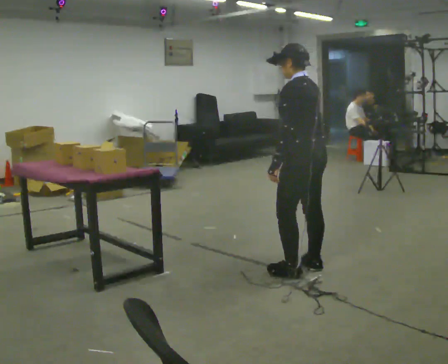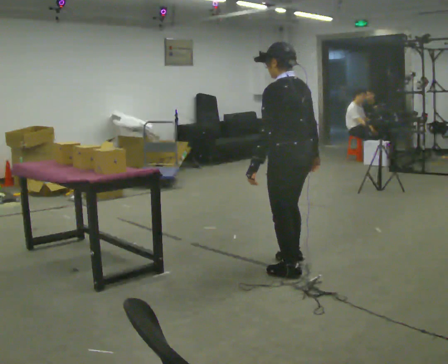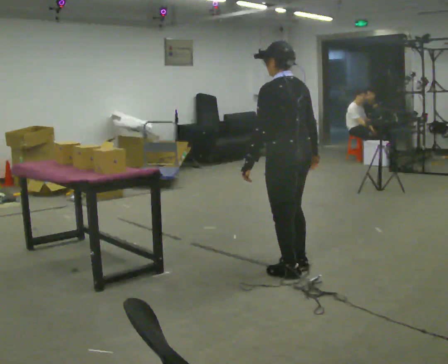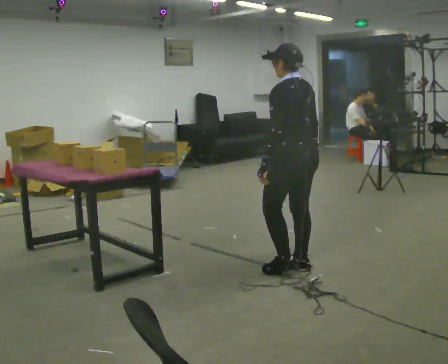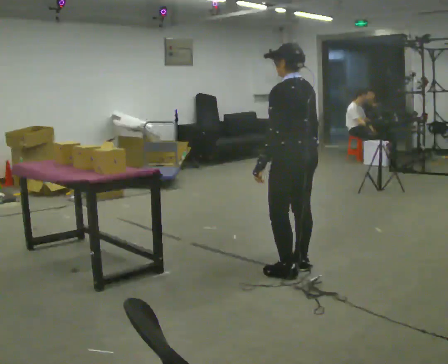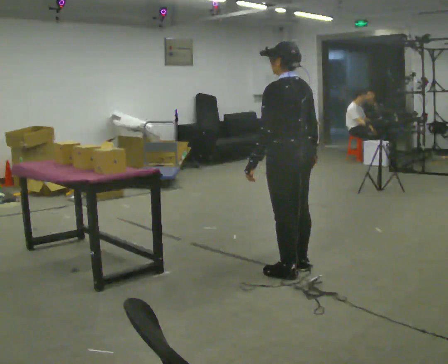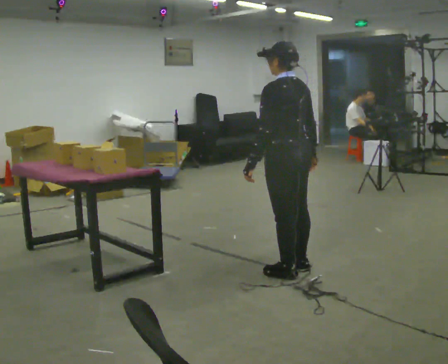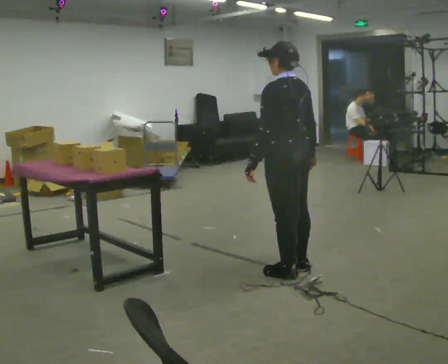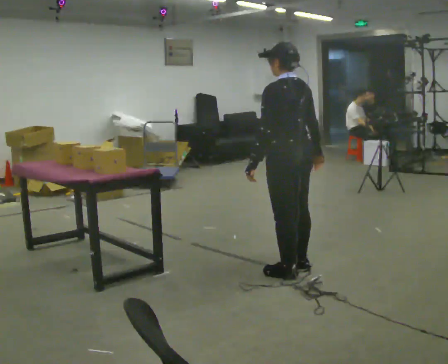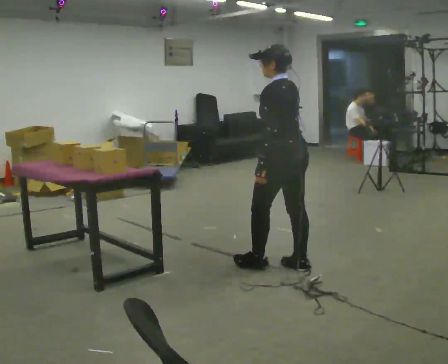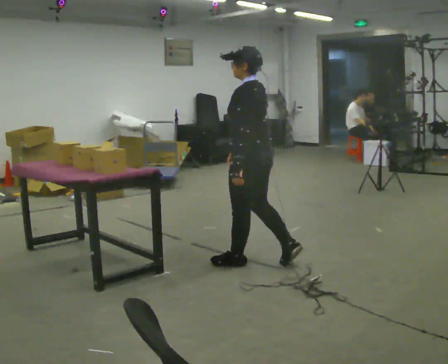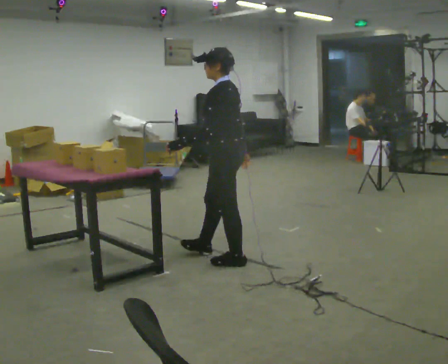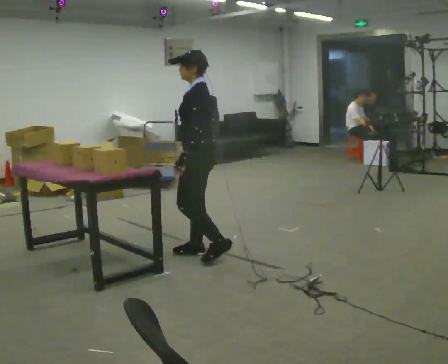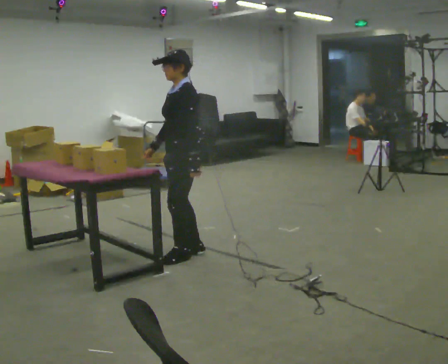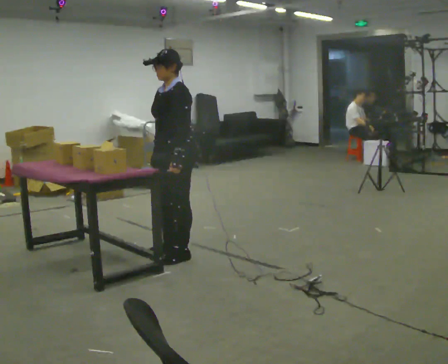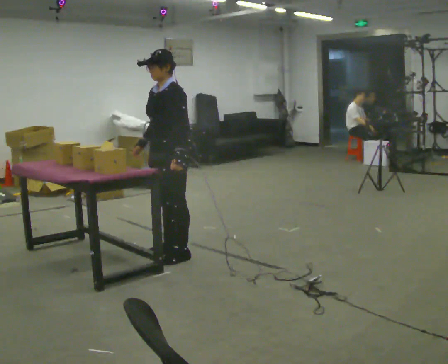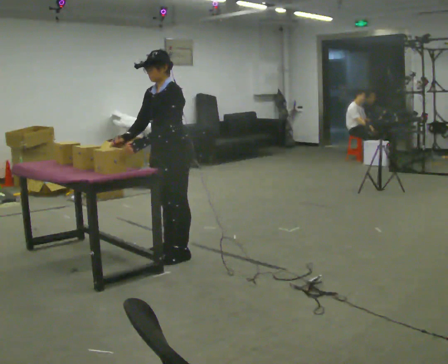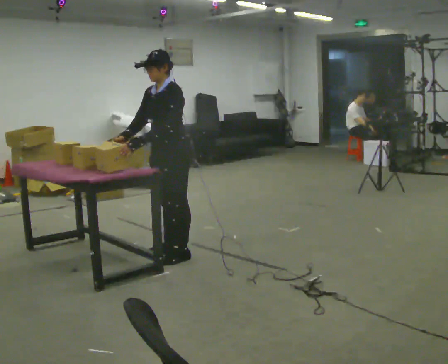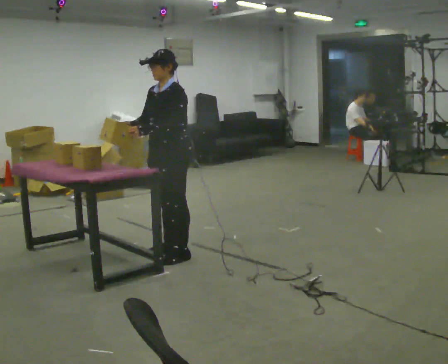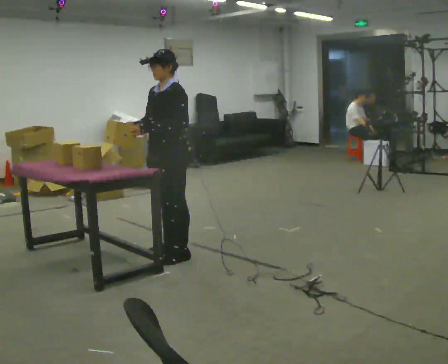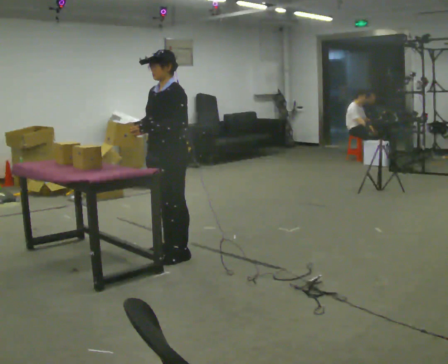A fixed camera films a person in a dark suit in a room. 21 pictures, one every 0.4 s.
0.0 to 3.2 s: The person moves a little, or ends about where they began.
3.2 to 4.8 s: The person turns about 45 degrees to their left, counterclockwise seen from above, so the part of the body nearest the lens slides to the right. In the picture they go to the left and away from the camera, about 0.5 m in 2 steps, which for them is forward.
4.8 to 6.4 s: Seen from above the body turns counterclockwise, about 30 degrees: to their left, with its near side sliding to the right. In the picture they go to the left, about 0.25 m in 2 steps, which for them is forward. In the picture their right hand goes to the left.
6.4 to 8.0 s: The person moves a little, or ends about where they began.
The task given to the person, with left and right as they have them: The operator will name an object. Go and find it, bring it back, and hand it over. Then wait for the next one.
The film runs forward here.
